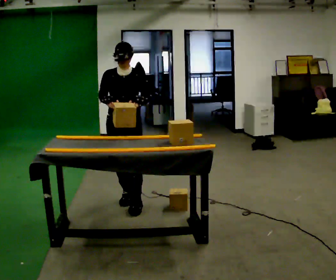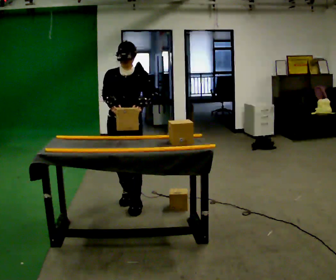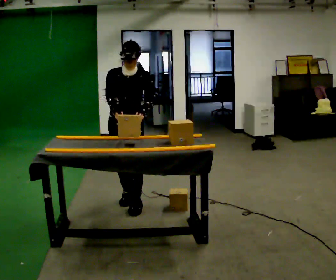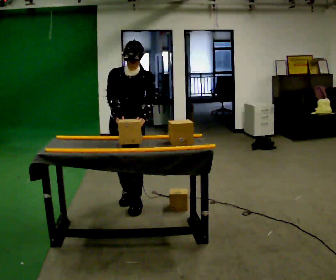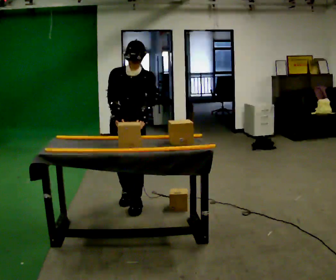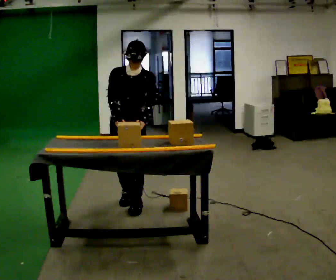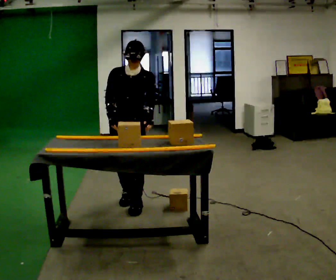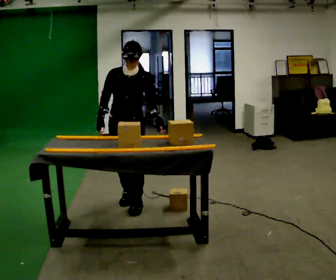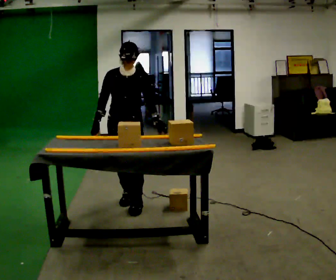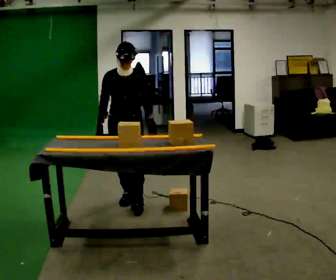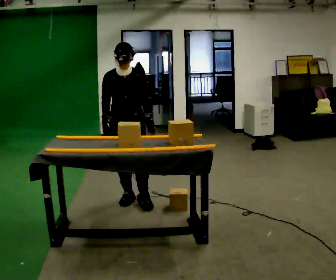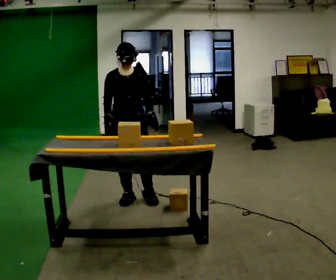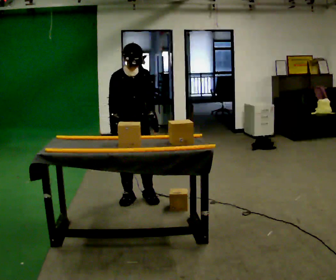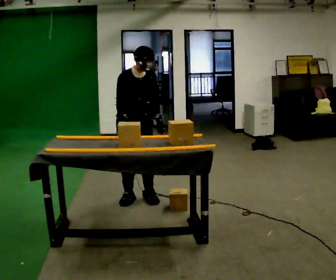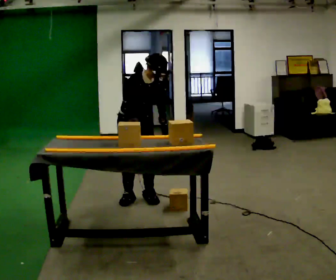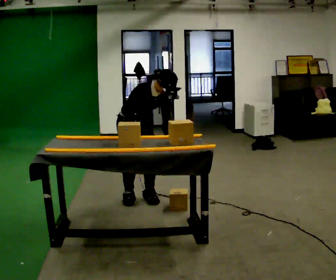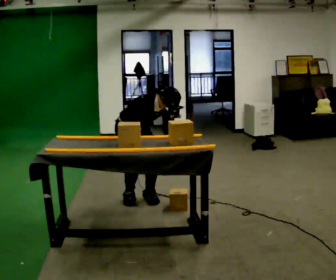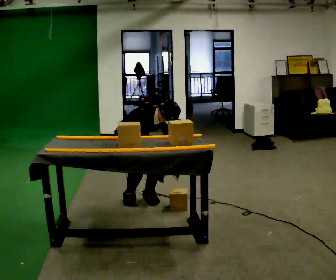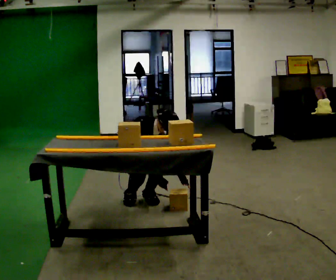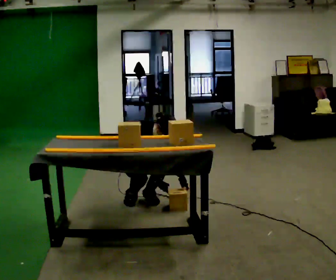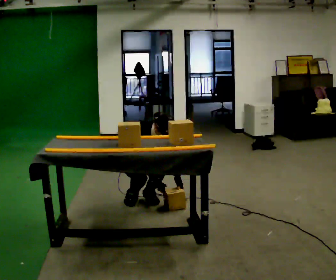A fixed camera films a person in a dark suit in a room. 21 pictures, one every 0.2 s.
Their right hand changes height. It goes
downward.
Their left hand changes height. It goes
downward.
0.0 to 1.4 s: The person moves a little, or ends about where they began.
1.4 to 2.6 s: The person turns about 30 degrees to their left, counterclockwise seen from above, so the part of the body nearest the lens slides to the right. In the picture they go away from the camera, about 0.25 m in 1 step, which for them is backward.
2.6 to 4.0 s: The shoulders move downward. The upper body tips toward the camera, its near side rolling downward, as they bend forward. In the picture their right hand goes downward.
The film runs forward here.
